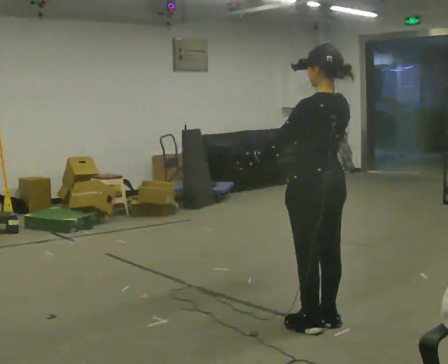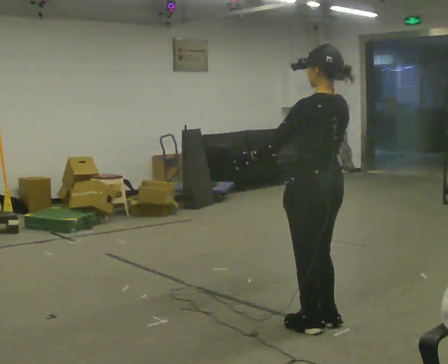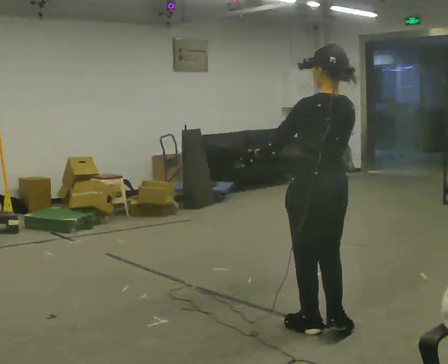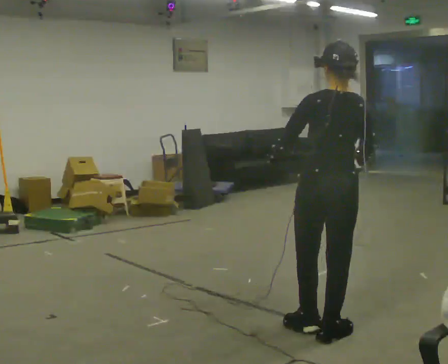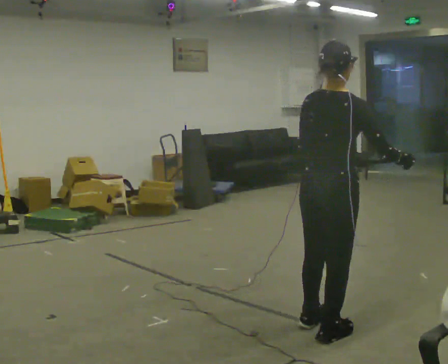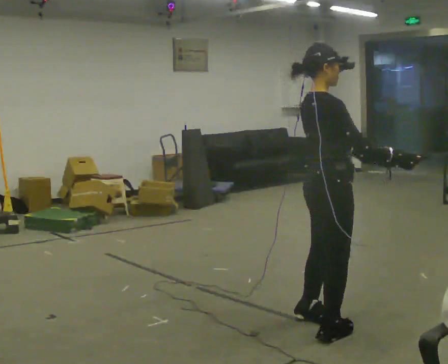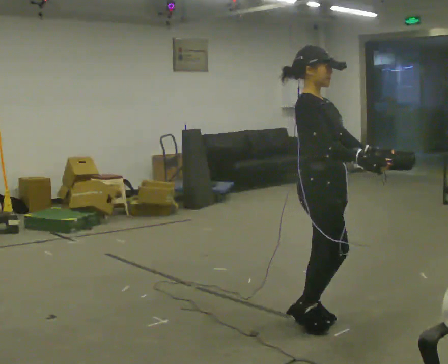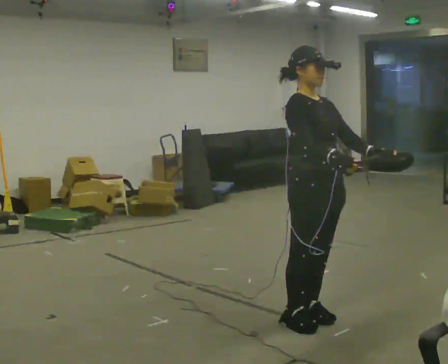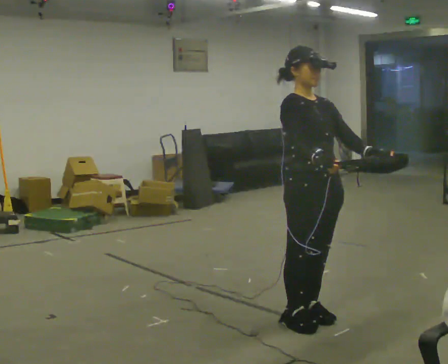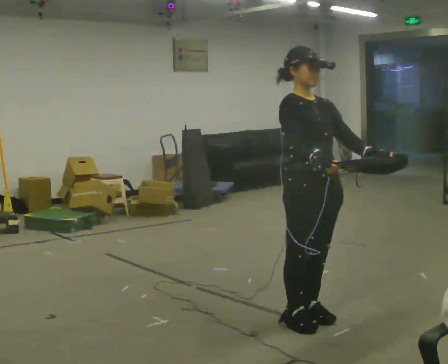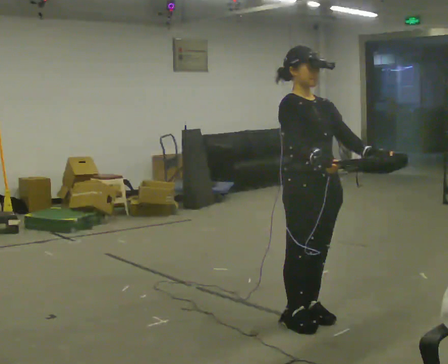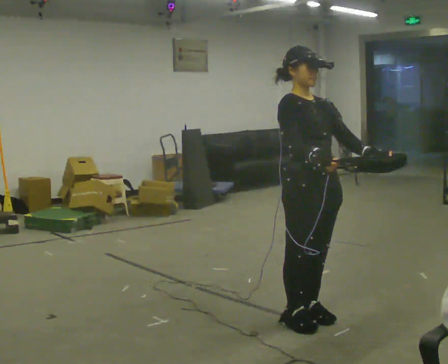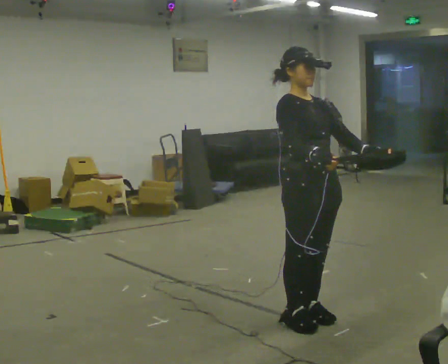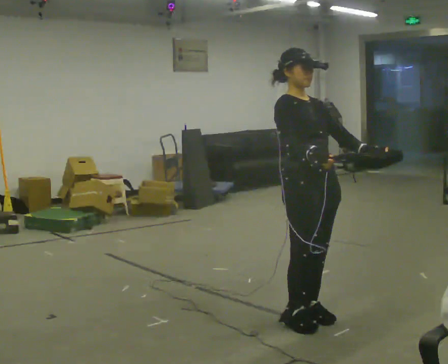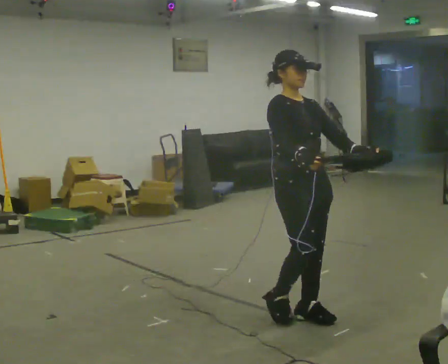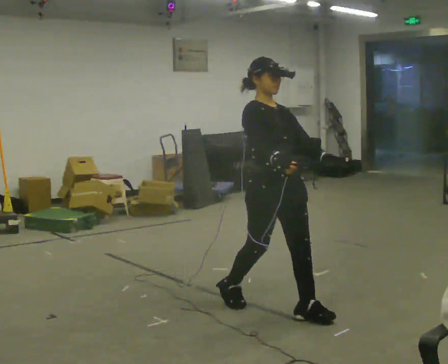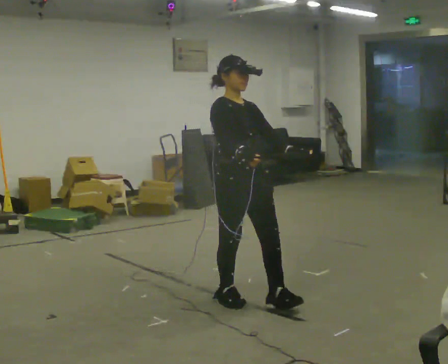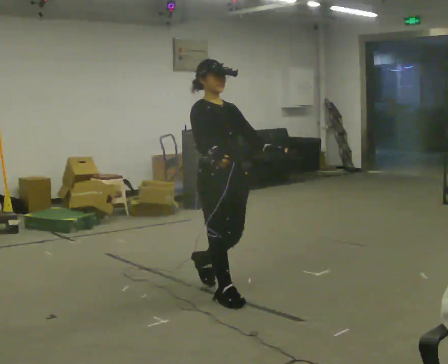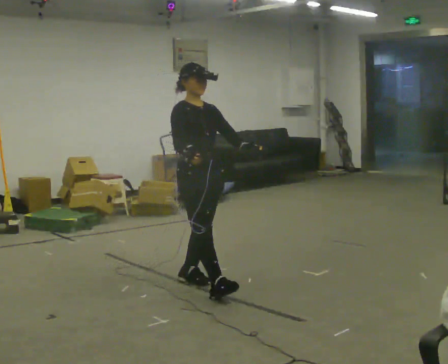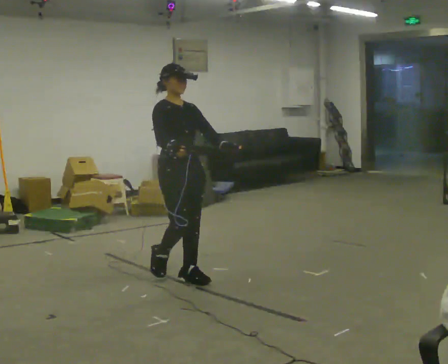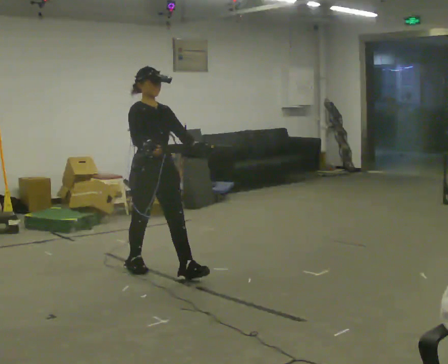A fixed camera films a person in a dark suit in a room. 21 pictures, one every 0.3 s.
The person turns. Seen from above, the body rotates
clockwise.
The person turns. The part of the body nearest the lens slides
to the left.
0.0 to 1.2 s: The part of the body nearest the lens slides to the left as the person turns to their right by about 75 degrees. In the picture their right hand goes to the right.
1.2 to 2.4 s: Seen from above the body turns clockwise, about 105 degrees: to their right, with its near side sliding to the left. In the picture they go away from the camera, about 0.25 m in 2 steps. In the picture their right hand goes to the left.
2.4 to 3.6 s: The person keeps their place and pose.
3.6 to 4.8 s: In the picture they go to the left and away from the camera, about 0.5 m in 2 steps, which for them is backward.
4.8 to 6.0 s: In the picture they go to the left and away from the camera, about 1 m in 2 steps, which for them is backward.
The film runs backward here.
